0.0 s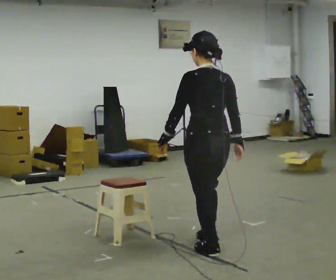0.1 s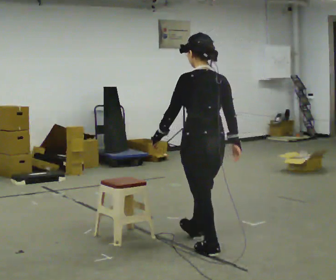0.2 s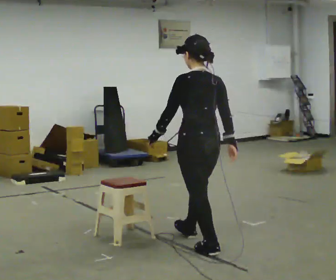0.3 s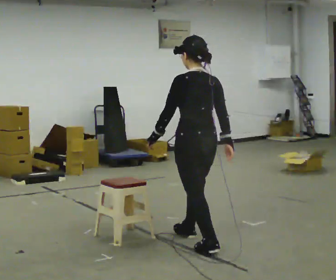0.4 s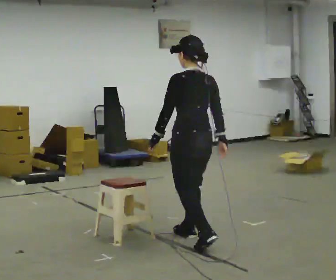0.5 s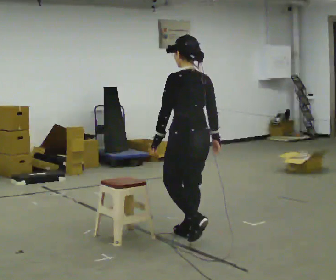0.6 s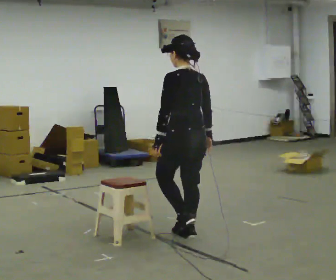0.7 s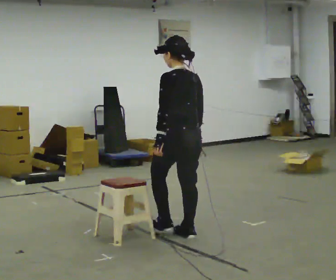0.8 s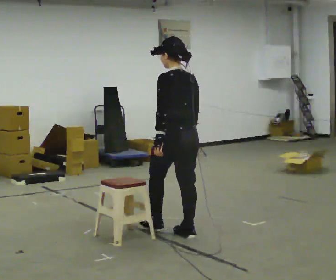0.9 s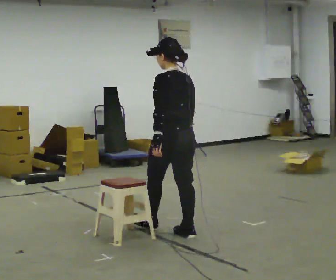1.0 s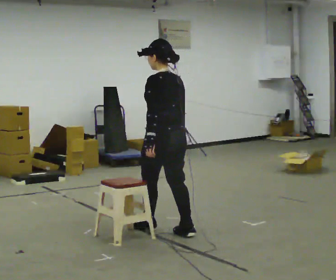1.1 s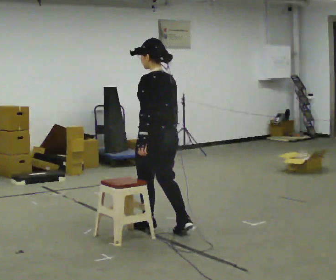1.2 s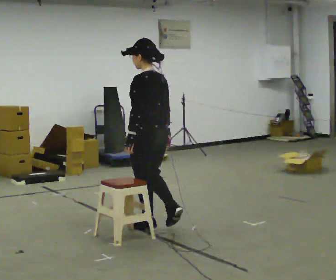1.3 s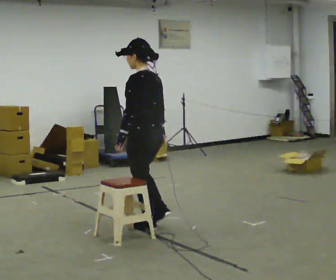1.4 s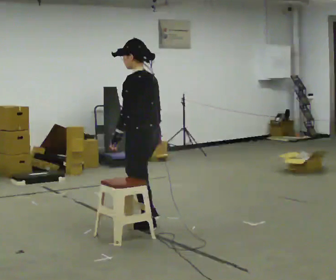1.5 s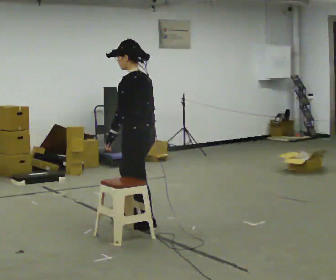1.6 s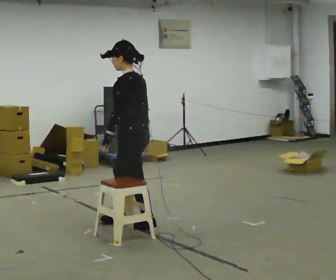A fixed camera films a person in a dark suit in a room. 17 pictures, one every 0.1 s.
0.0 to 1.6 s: Seen from above the body turns counterclockwise, about 45 degrees: to their left, with its near side sliding to the right. In the picture they go away from the camera and to the left, about 1 m in 2 steps, which for them is forward.
The film runs forward here.
